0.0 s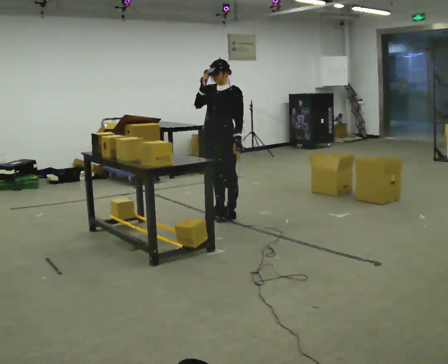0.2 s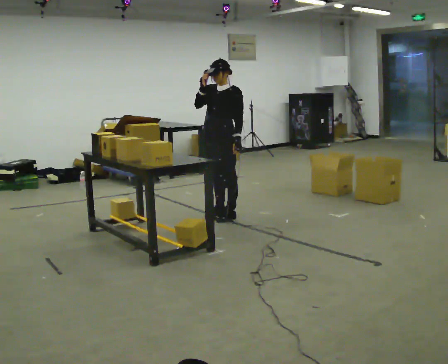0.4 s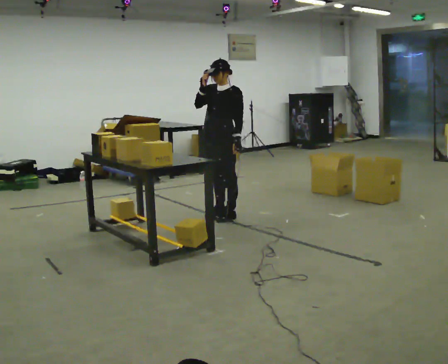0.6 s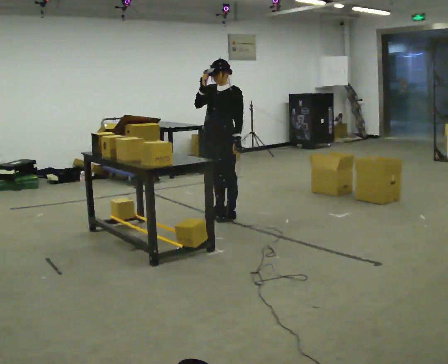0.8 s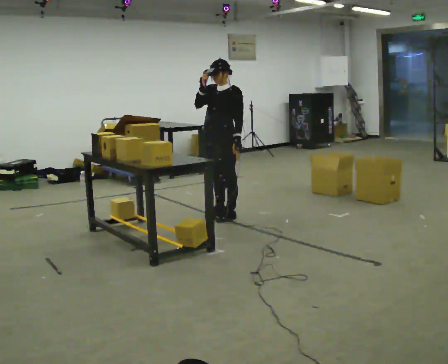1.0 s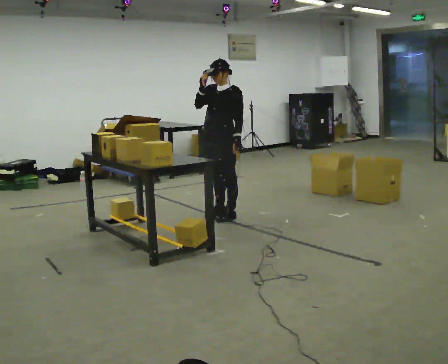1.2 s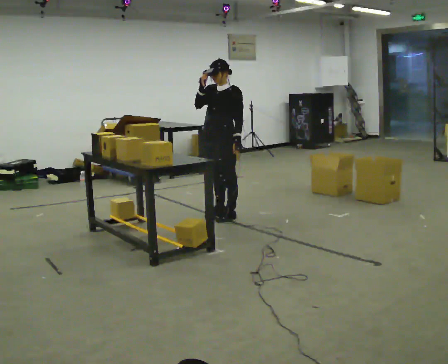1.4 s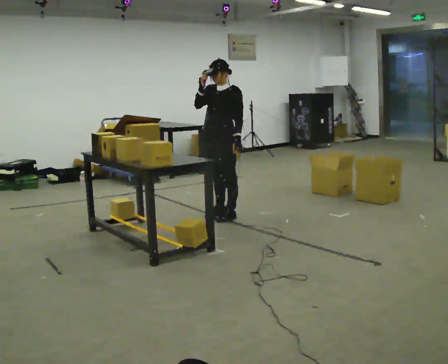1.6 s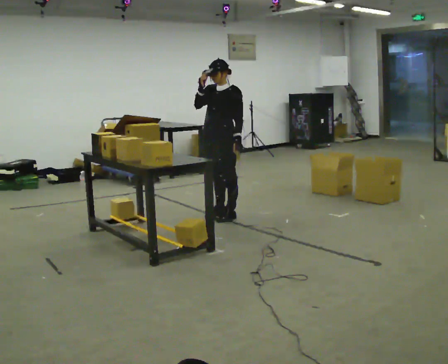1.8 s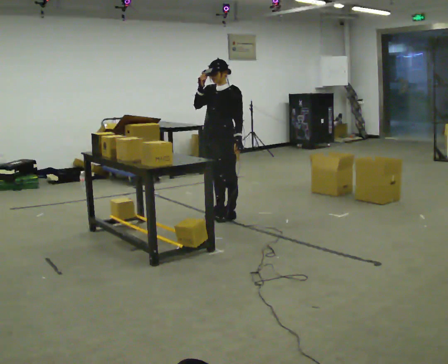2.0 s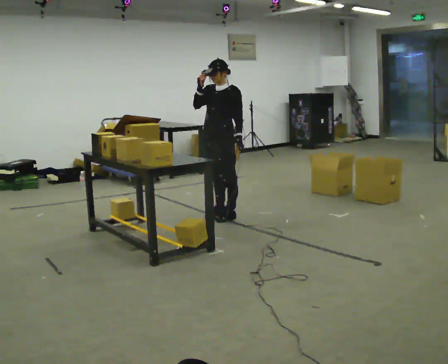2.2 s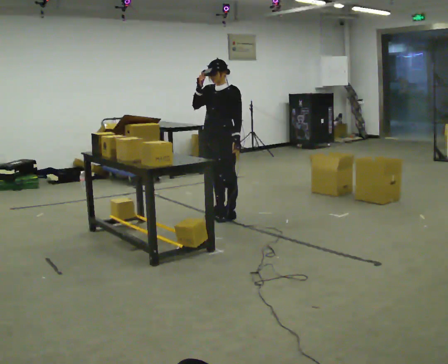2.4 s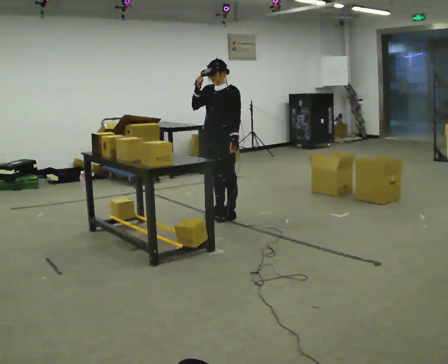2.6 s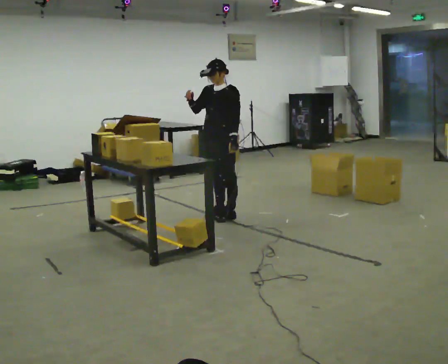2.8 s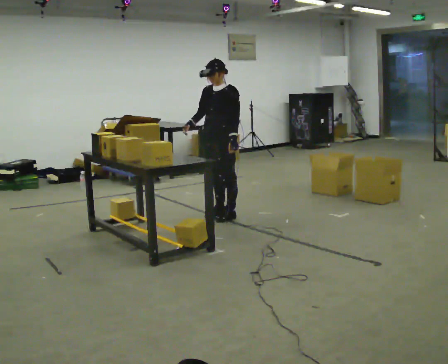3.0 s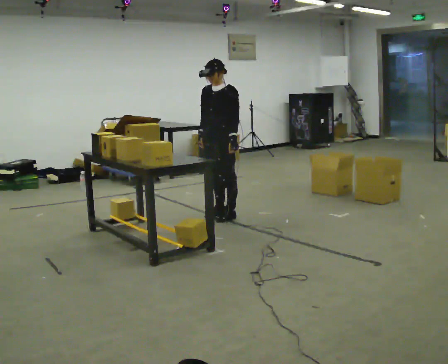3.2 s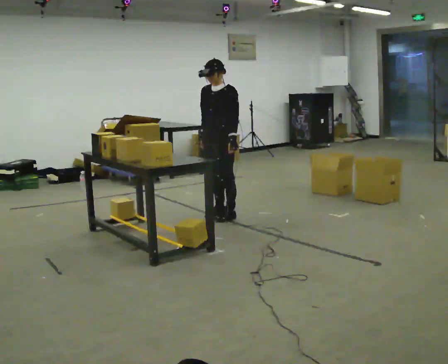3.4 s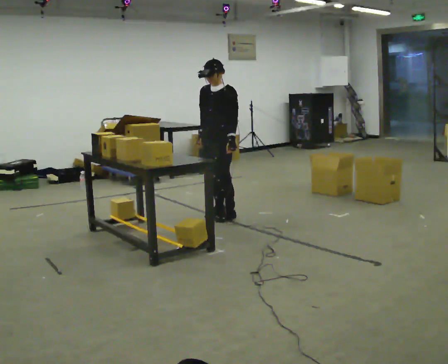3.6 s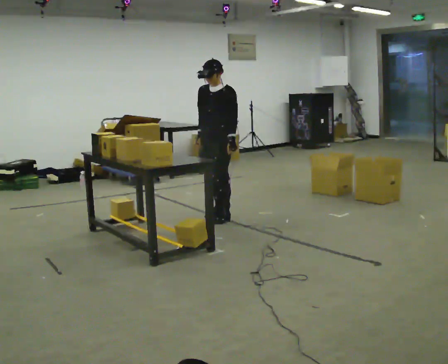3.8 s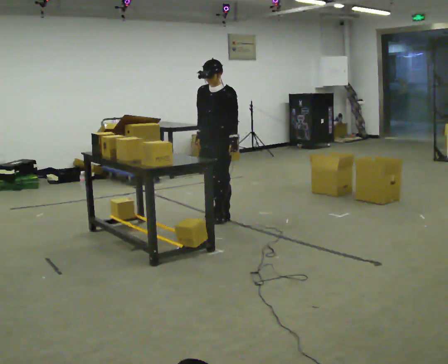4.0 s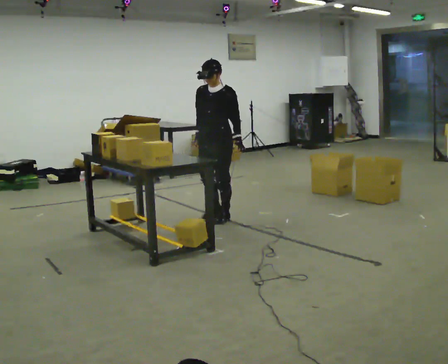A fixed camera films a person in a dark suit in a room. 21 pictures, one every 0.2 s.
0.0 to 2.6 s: The person moves a little, or ends about where they began.
2.6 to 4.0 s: In the picture their right hand goes downward.
The film runs backward here.
